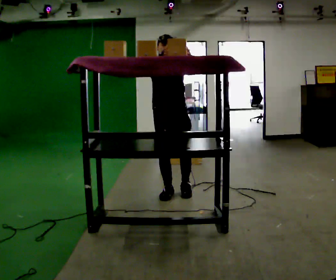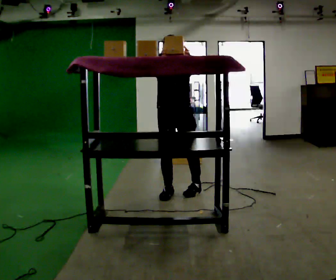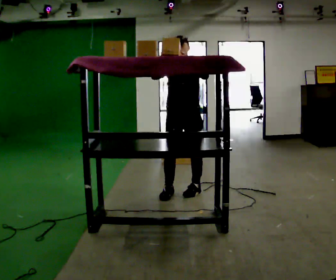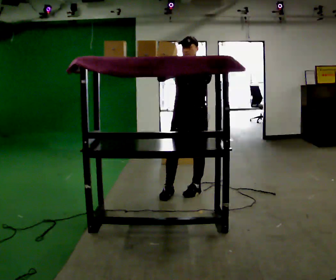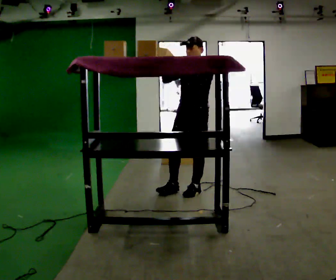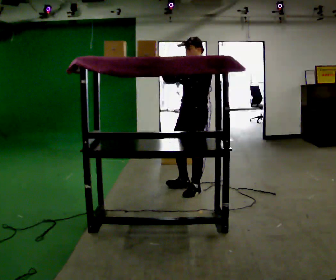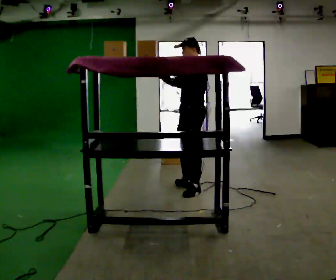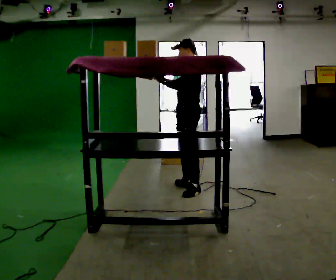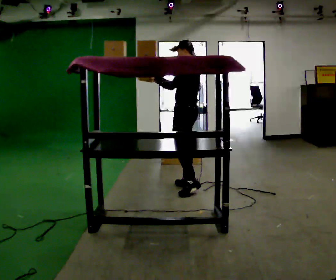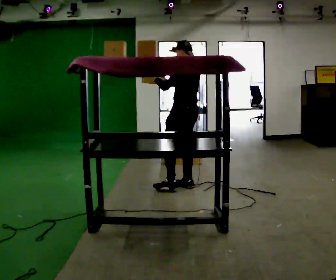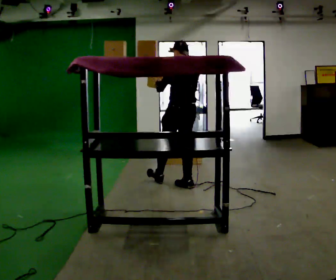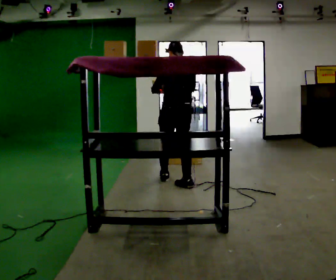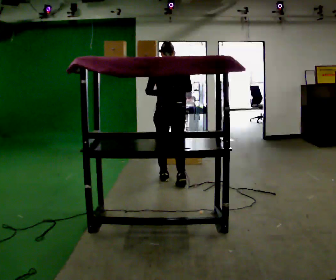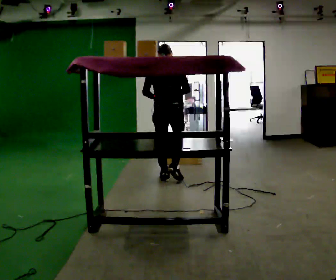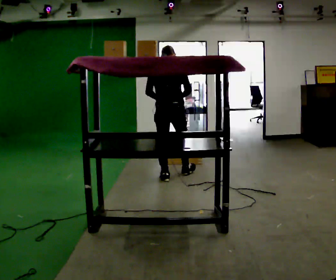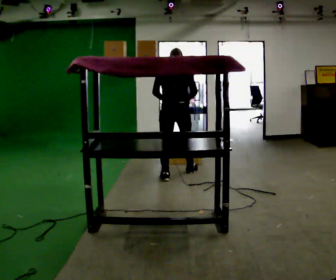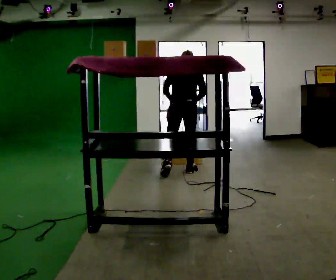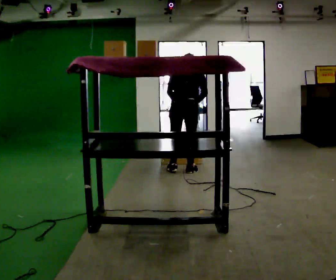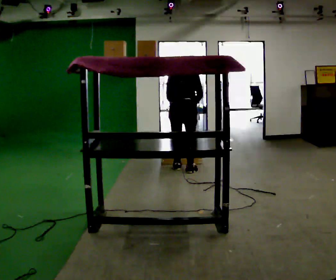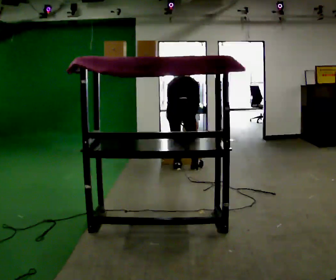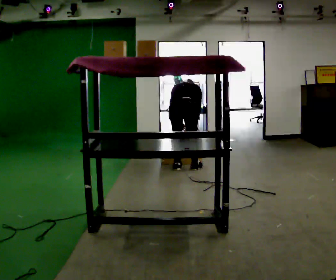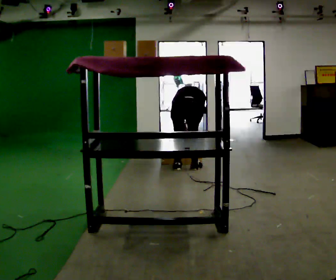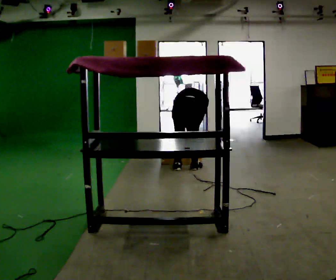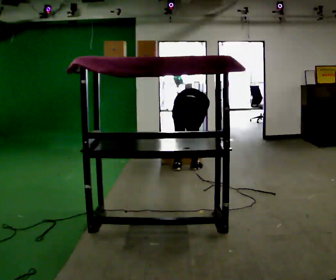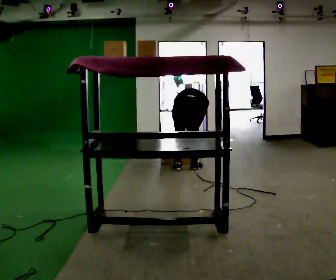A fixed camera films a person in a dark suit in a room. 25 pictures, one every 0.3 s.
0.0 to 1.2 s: The person turns about 45 degrees to their right, clockwise seen from above, so the part of the body nearest the lens slides to the left. In the picture they go to the right, about 0.25 m in 1 step, which for them is to their left.
1.2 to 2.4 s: Seen from above the body turns clockwise, about 60 degrees: to their right, with its near side sliding to the left. In the picture they go away from the camera, about 0.25 m in 1 step.
2.4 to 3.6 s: The part of the body nearest the lens slides to the left as the person turns to their right by about 75 degrees. In the picture they go away from the camera and to the left, about 0.25 m in 1 step.
3.6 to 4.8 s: In the picture they go away from the camera and to the right, about 0.5 m in 1 step, which for them is forward. The upper body tips away from the camera, its near side rolling upward, as they bend forward.
4.8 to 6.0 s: The shoulders move downward. The upper body tips away from the camera, its near side rolling upward, as they bend forward. In the picture their right hand goes downward.
6.0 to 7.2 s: In the picture the upper body tilts clockwise, shoulders to the right, as they bend forward.
The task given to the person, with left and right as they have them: Take an object from the highest shelf you can comfortably reach, carry it across, and place it on the lowest shelf. Keep going until the operator says stop; one object at a time, and do not rush between trips.
The film runs forward here.
